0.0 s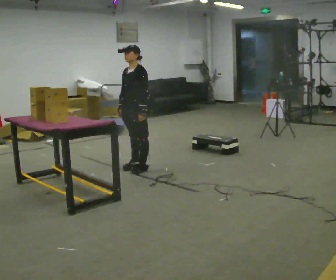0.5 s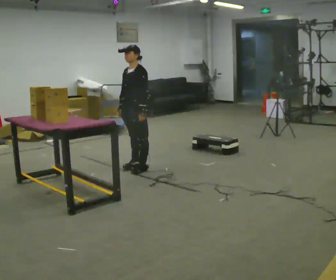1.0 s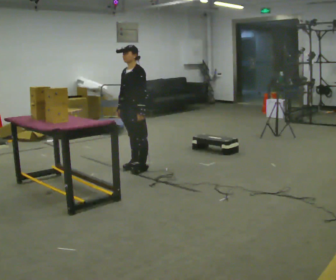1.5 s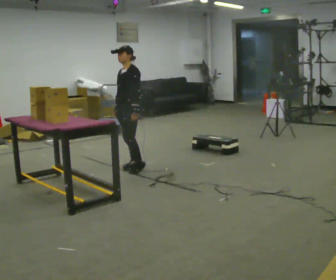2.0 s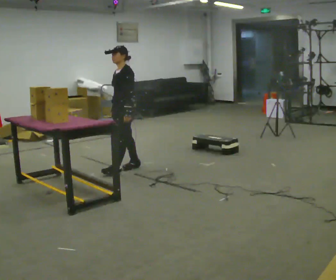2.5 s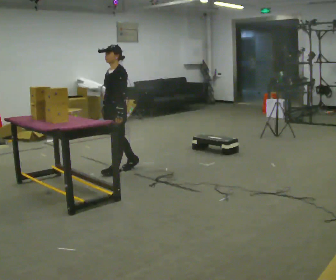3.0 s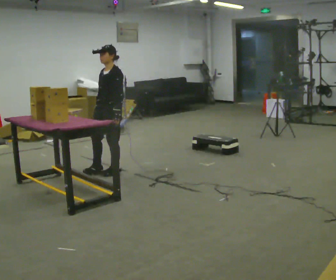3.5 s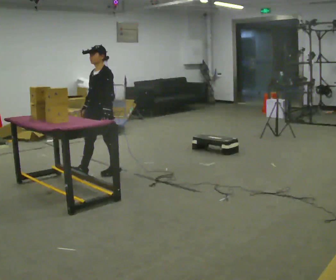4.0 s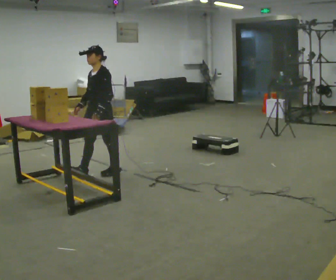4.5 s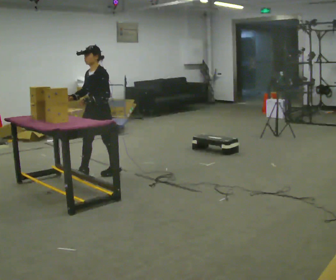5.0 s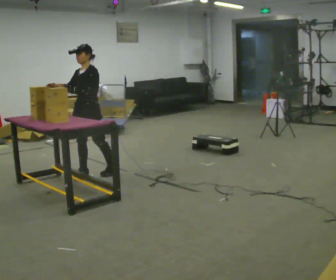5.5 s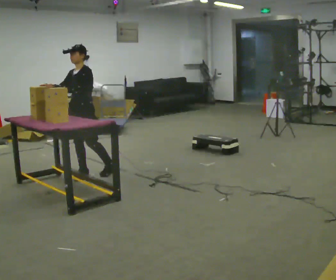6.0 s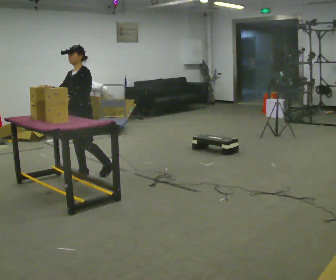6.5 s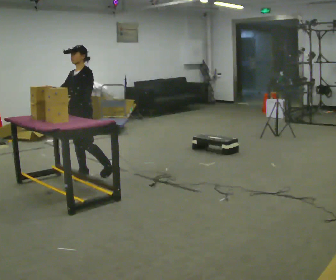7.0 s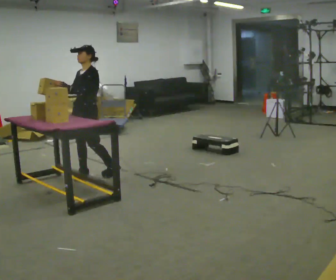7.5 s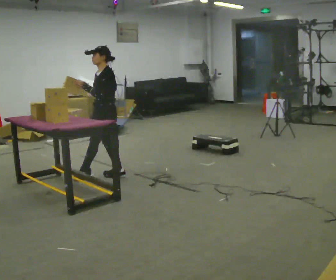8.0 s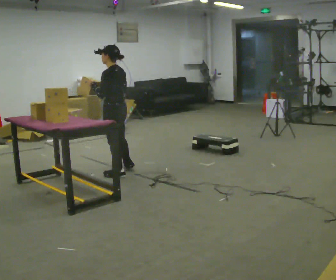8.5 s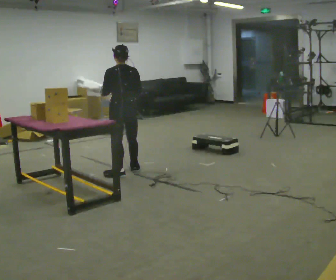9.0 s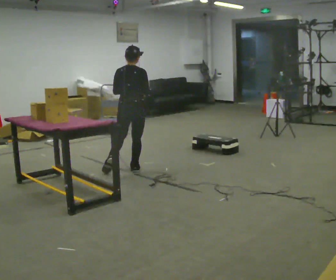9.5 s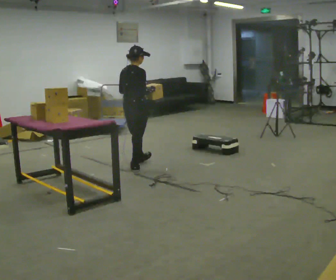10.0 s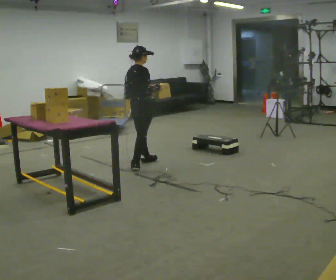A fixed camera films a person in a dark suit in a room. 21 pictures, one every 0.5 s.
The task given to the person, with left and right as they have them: Carry the object across the room and place it on the shelf just at the top of your comfortable reach. Keep going until the operator says stop; one object at a time, and do not rush between trips.
0.0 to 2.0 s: The person moves a little, or ends about where they began.
2.0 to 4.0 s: In the picture they go to the left, about 0.25 m in 1 step, which for them is forward.
4.0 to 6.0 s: In the picture they go to the left, about 0.25 m, which for them is forward.
6.0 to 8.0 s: Seen from above the body turns clockwise, about 75 degrees: to their right, with its near side sliding to the left. In the picture they go to the right, about 0.5 m.
8.0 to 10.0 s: Seen from above the body turns clockwise, about 105 degrees: to their right, with its near side sliding to the left. In the picture they go to the right and away from the camera, about 0.5 m in 2 steps.
The film runs forward here.
